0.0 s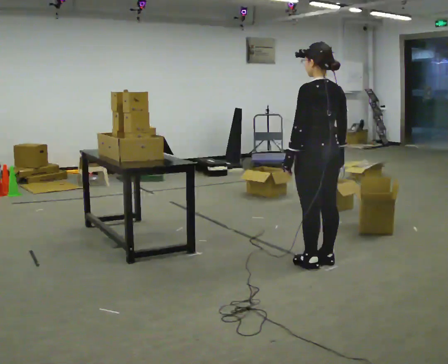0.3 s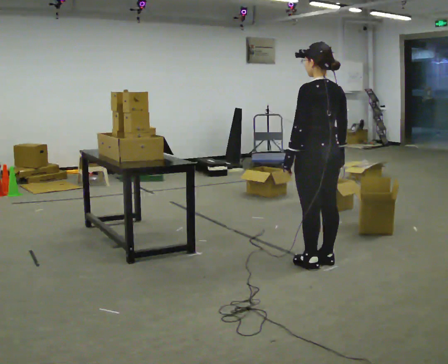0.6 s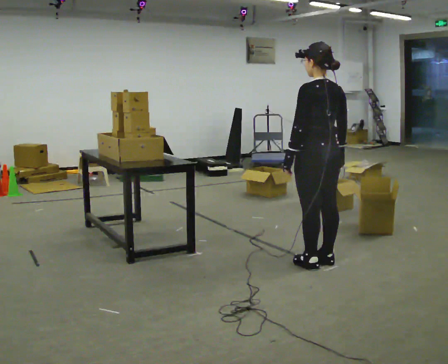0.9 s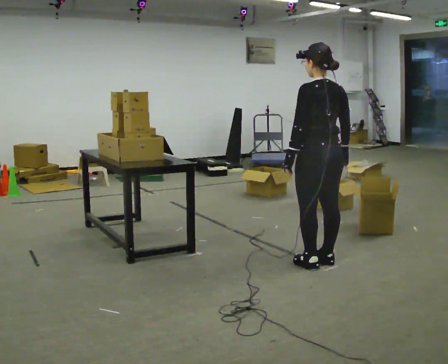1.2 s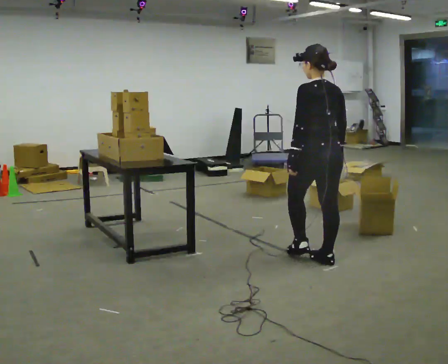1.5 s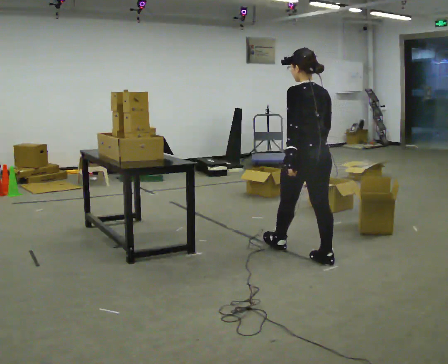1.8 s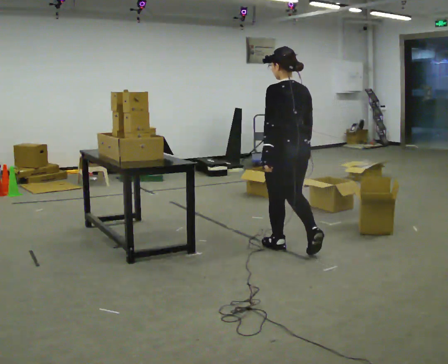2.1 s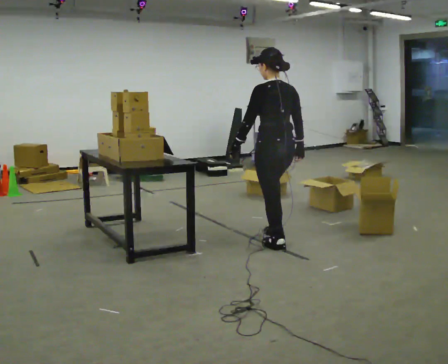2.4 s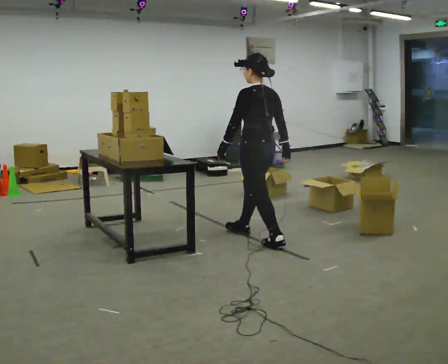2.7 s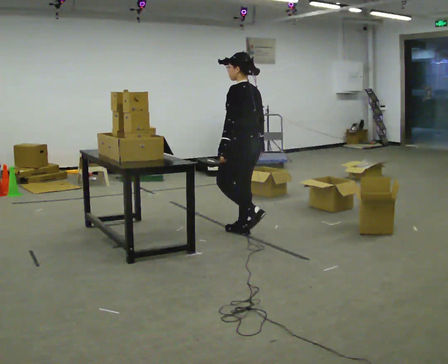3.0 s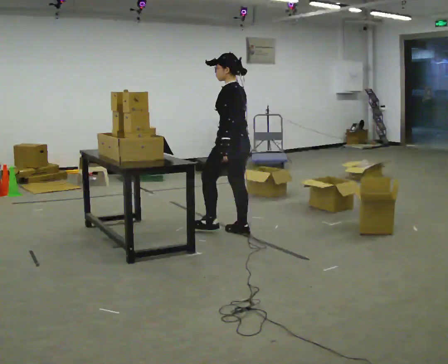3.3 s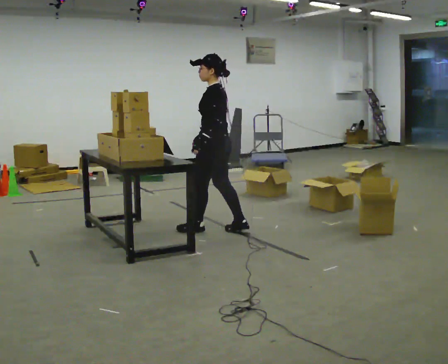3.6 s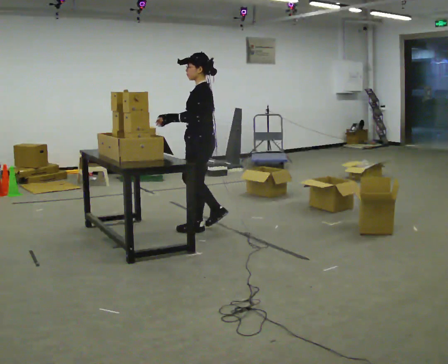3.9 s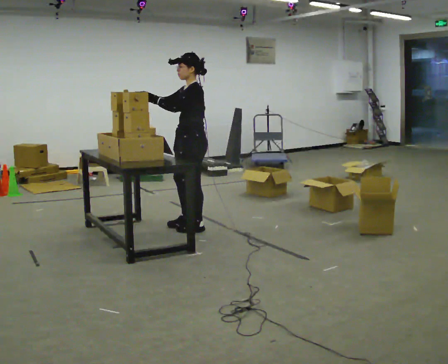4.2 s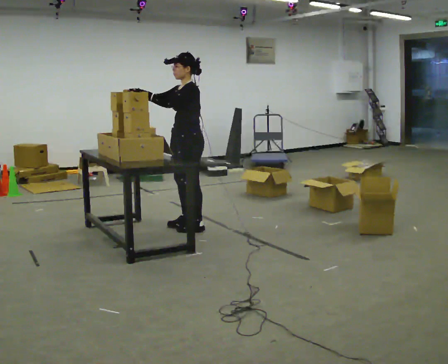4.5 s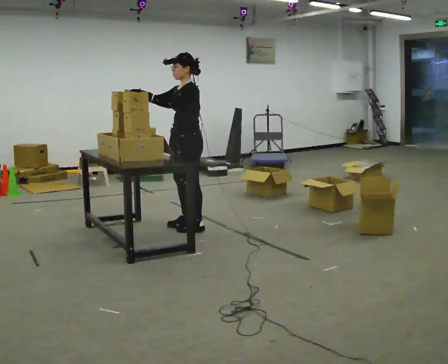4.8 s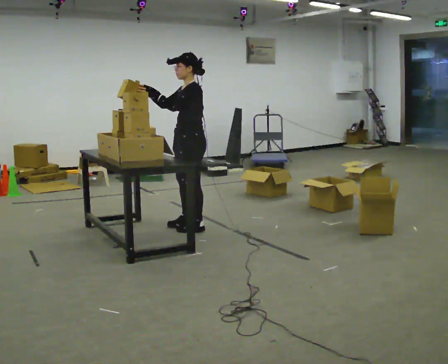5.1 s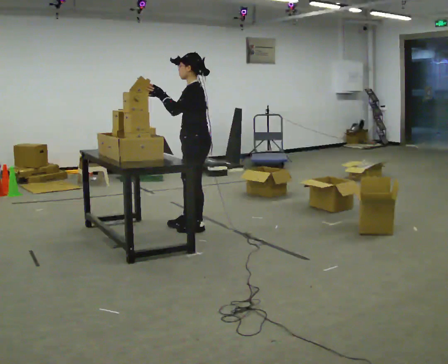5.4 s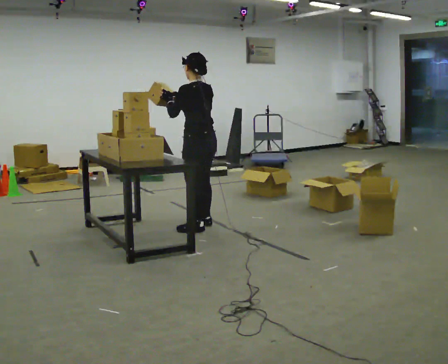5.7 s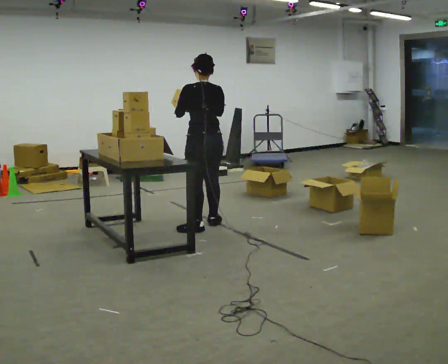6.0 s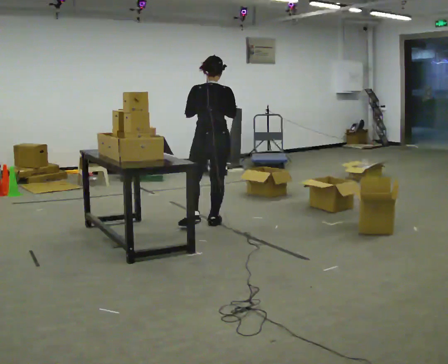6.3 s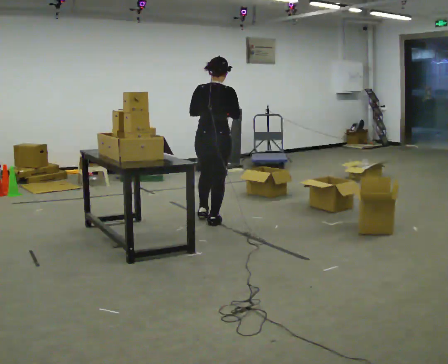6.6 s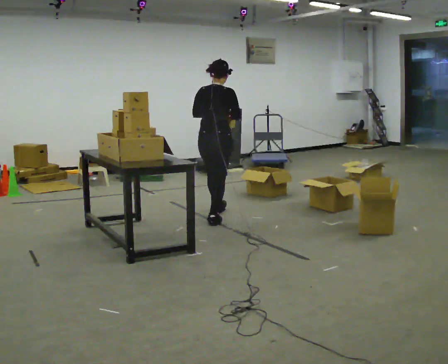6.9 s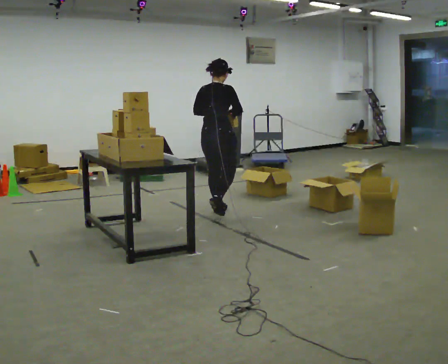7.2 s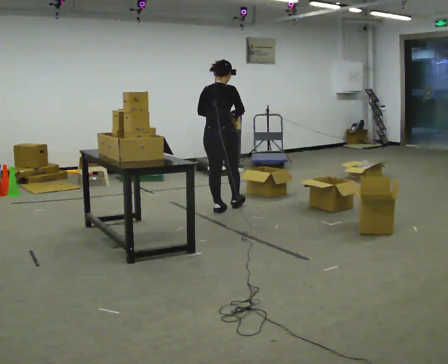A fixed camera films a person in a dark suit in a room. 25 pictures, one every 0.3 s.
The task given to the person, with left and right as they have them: 1. Take the objects out of the box on the table one at a time. 2. Put each one in the bin the operator has labelled for it. 3. Tell the operator when you are finished.
0.0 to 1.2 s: The person moves a little, or ends about where they began.
1.2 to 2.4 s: In the picture they go away from the camera and to the left, about 0.5 m in 2 steps, which for them is forward.
2.4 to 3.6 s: The person turns about 45 degrees to their left, counterclockwise seen from above, so the part of the body nearest the lens slides to the right. In the picture they go to the left and away from the camera, about 0.5 m in 1 step, which for them is forward.
3.6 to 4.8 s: The person moves a little, or ends about where they began.
4.8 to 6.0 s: The person turns about 90 degrees to their right, clockwise seen from above, so the part of the body nearest the lens slides to the left. In the picture they go to the right, about 0.25 m in 1 step. In the picture their right hand goes to the right.
6.0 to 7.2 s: Seen from above the body turns clockwise, about 30 degrees: to their right, with its near side sliding to the left. In the picture they go away from the camera, about 0.5 m in 1 step, which for them is forward.
The film runs forward here.
